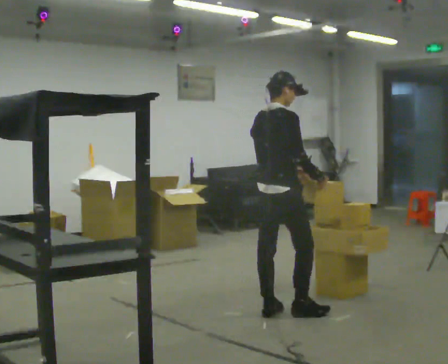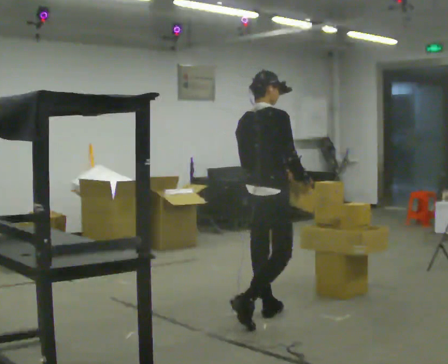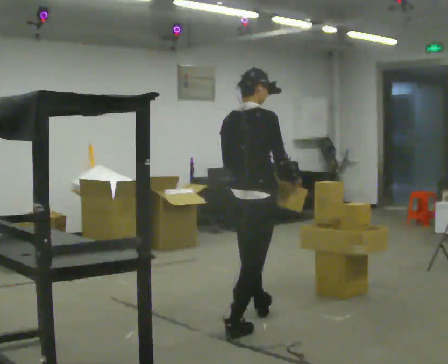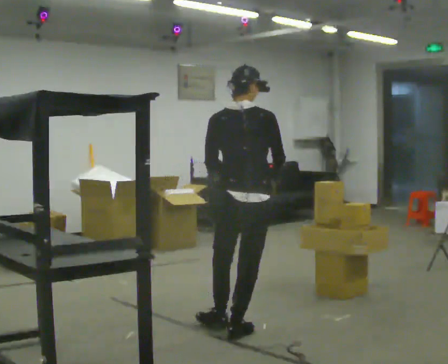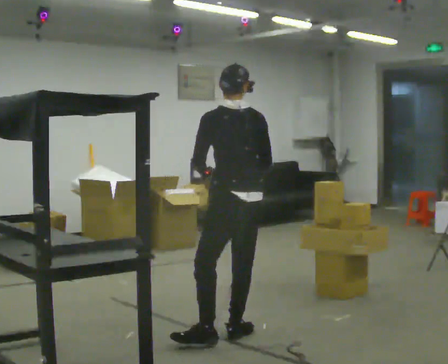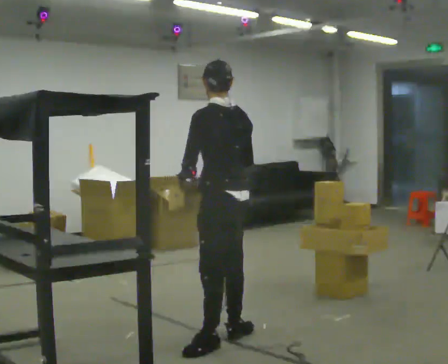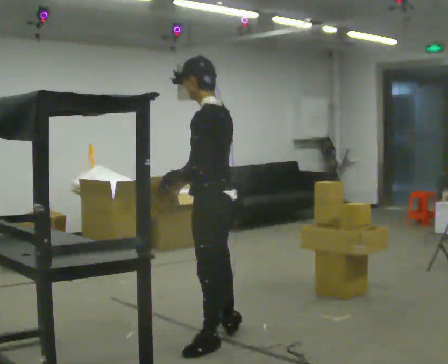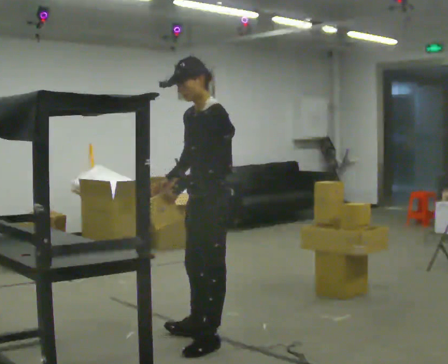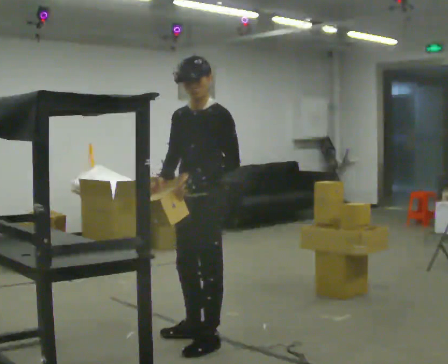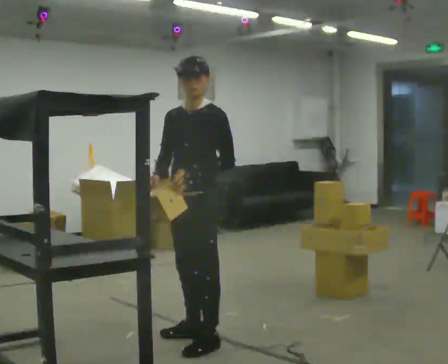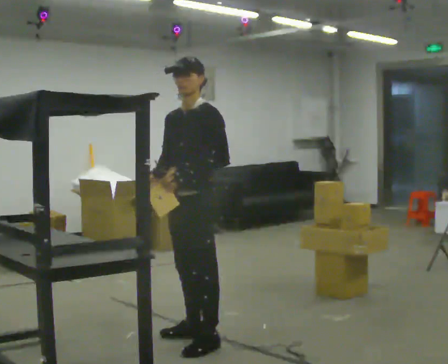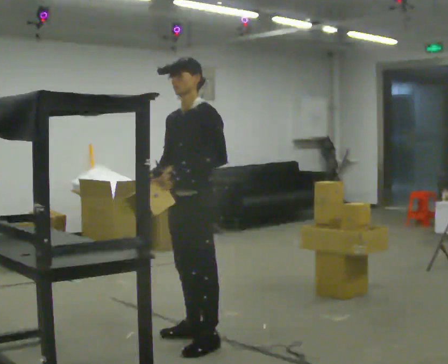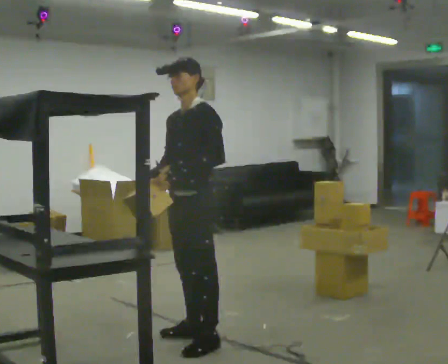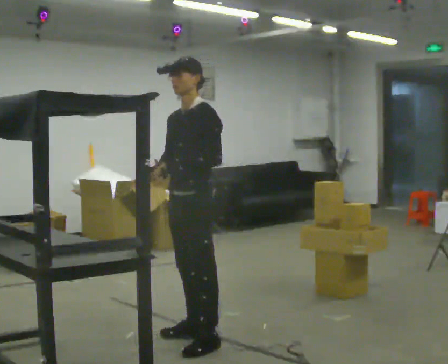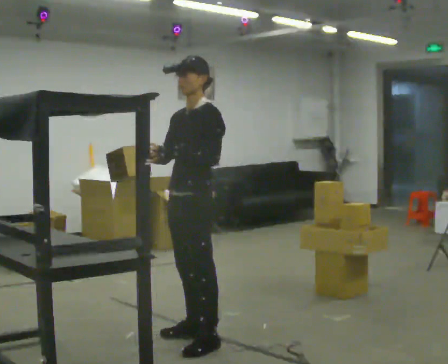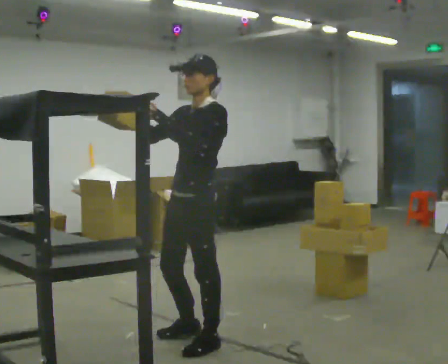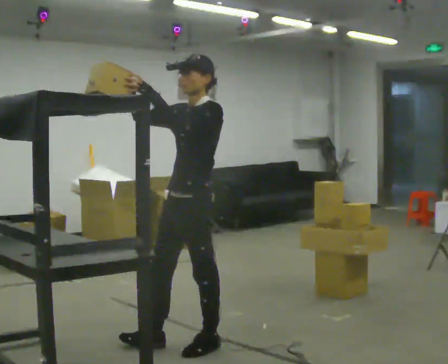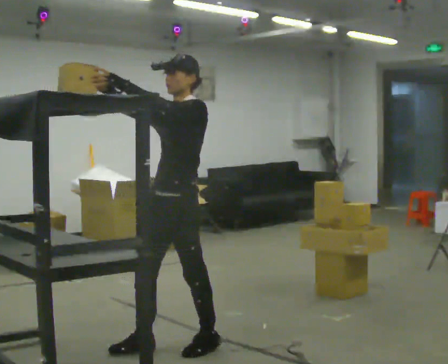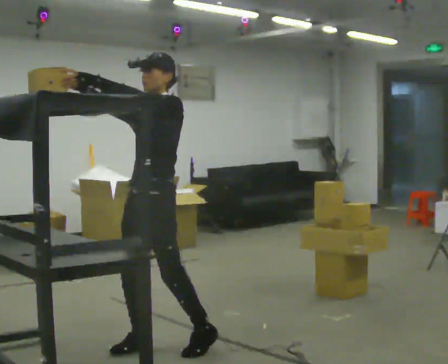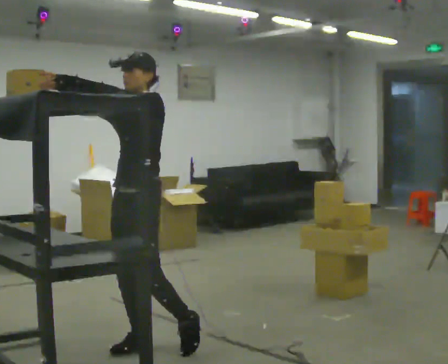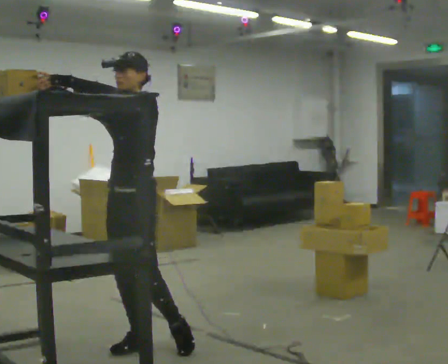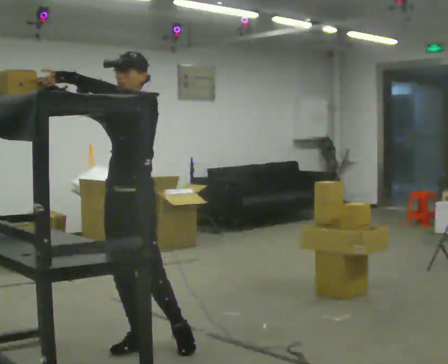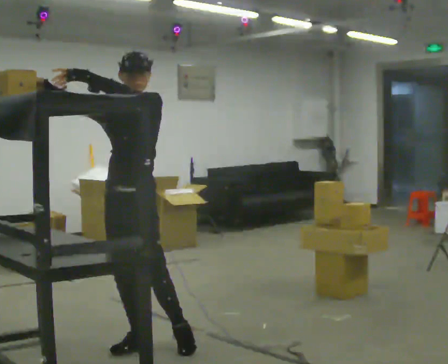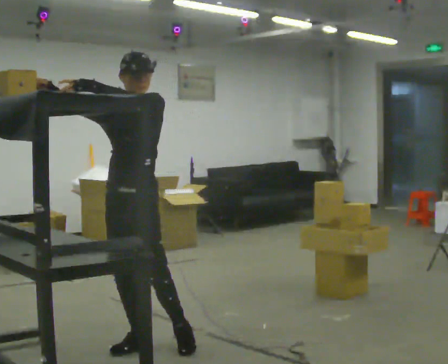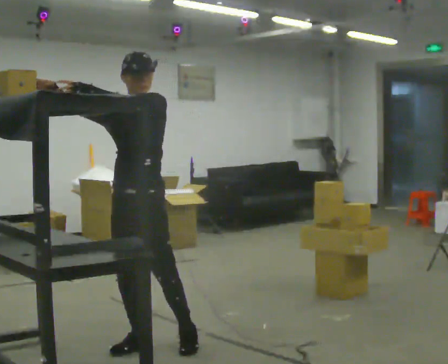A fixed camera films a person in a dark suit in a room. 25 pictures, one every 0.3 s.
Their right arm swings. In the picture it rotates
clockwise.
The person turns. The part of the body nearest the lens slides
to the right.
0.0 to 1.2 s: Seen from above the body turns counterclockwise, about 75 degrees: to their left, with its near side sliding to the right. In the picture they go toward the camera and to the left, about 0.5 m in 1 step.
1.2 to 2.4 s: Seen from above the body turns counterclockwise, about 105 degrees: to their left, with its near side sliding to the right. In the picture they go to the left, about 0.25 m in 1 step. In the picture their right hand goes to the left, the arm swinging clockwise.
2.4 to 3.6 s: The person moves a little, or ends about where they began.
3.6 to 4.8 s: In the picture they go toward the camera, about 0.25 m in 1 step, which for them is to their left. In the picture their right hand goes upward, the arm swinging clockwise.
4.8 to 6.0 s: In the picture they go to the left, about 0.25 m, which for them is forward and to their right.
6.0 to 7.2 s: The person moves a little, or ends about where they began.
The film runs backward here.
